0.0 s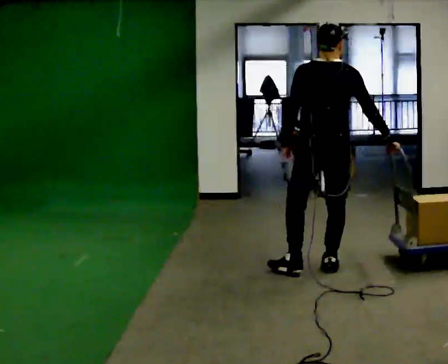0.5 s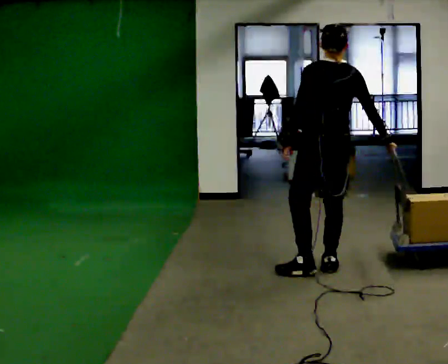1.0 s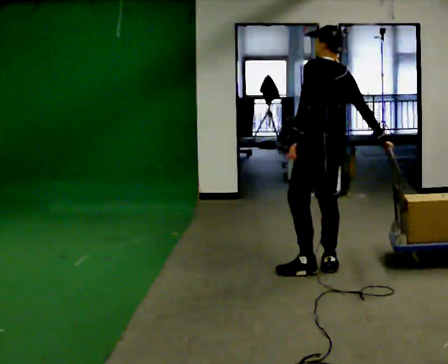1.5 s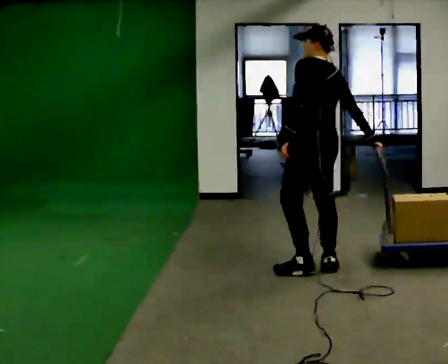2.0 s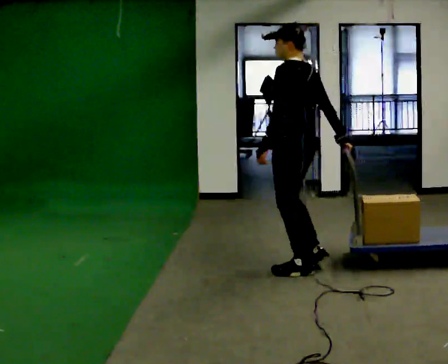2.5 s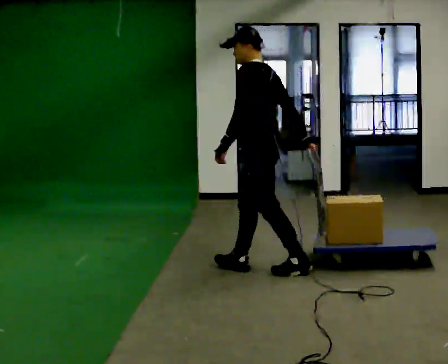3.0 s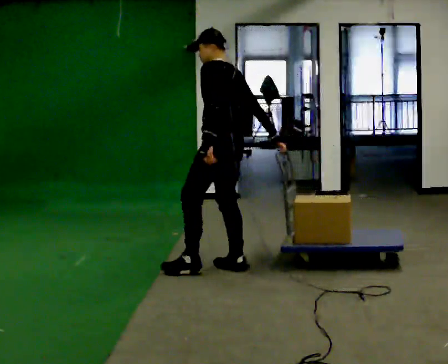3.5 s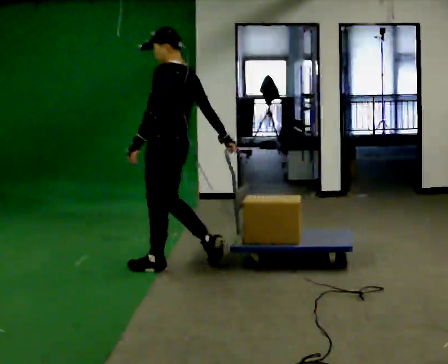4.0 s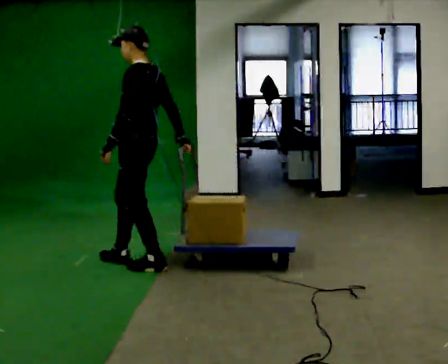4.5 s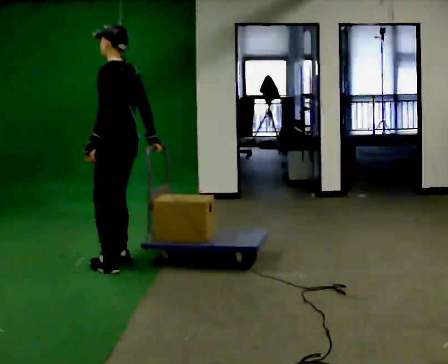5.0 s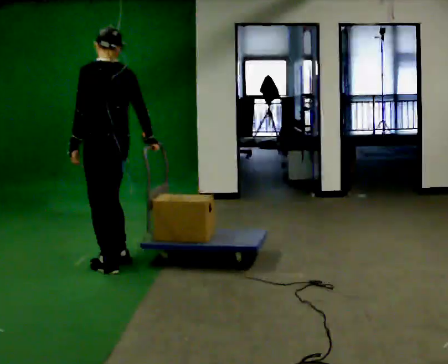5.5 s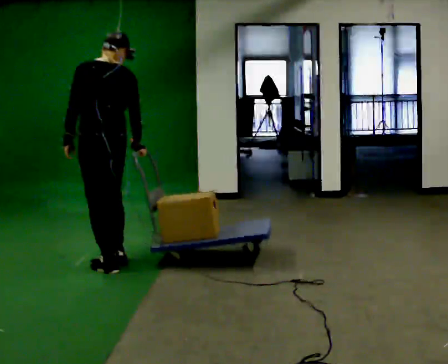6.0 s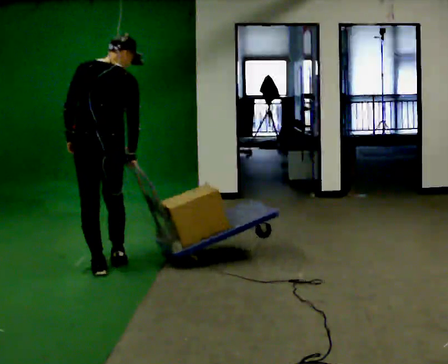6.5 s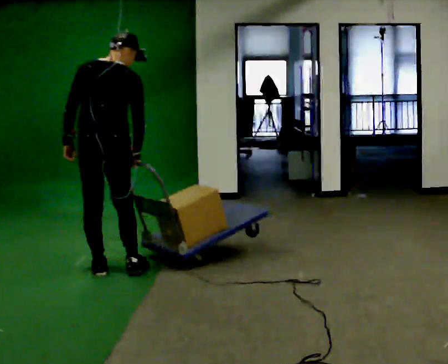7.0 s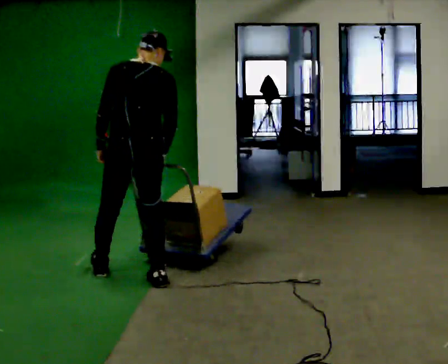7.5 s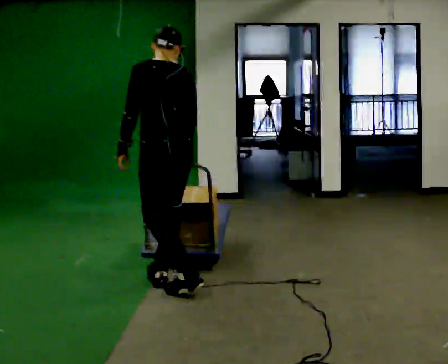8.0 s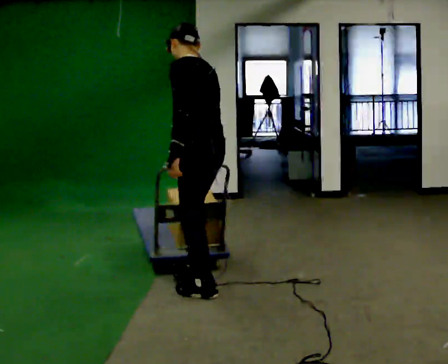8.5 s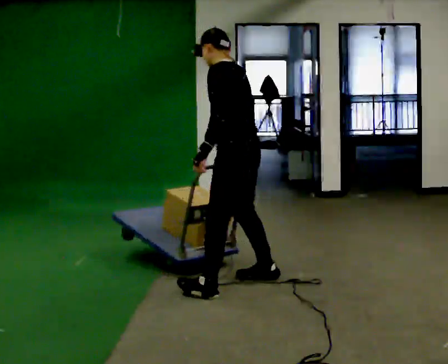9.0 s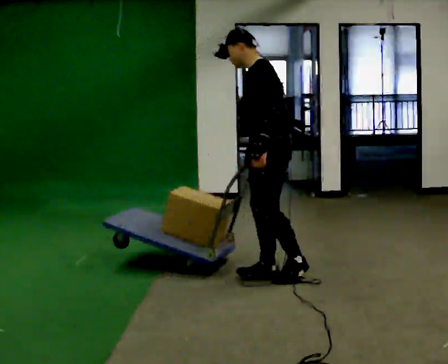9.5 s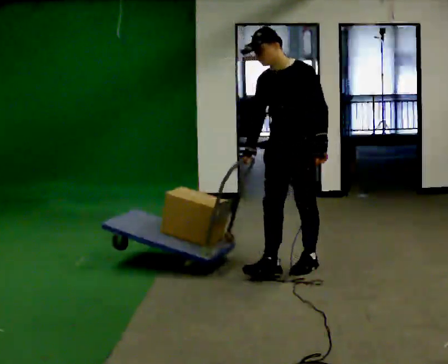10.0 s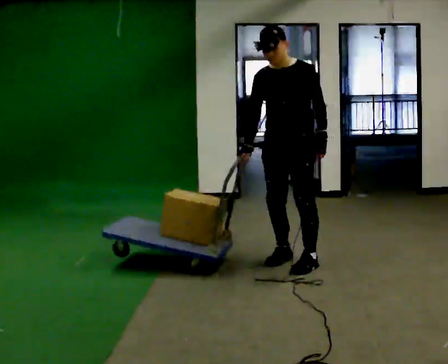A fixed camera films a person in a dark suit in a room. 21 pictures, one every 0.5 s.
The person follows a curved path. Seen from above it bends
counterclockwise.
0.0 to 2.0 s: The part of the body nearest the lens slides to the right as the person turns to their left by about 60 degrees. In the picture they go to the left, about 0.25 m in 1 step, which for them is to their left.
2.0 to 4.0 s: The person turns about 30 degrees to their left, counterclockwise seen from above, so the part of the body nearest the lens slides to the right. In the picture they go to the left, about 1 m in 3 steps, which for them is forward.
4.0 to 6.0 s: Seen from above the body turns clockwise, about 75 degrees: to their right, with its near side sliding to the left. In the picture they go to the left, about 0.25 m in 1 step.
6.0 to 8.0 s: The person turns about 60 degrees to their left, counterclockwise seen from above, so the part of the body nearest the lens slides to the right. In the picture they go to the right and toward the camera, about 1 m in 2 steps.
8.0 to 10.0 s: The part of the body nearest the lens slides to the right as the person turns to their left by about 90 degrees. In the picture they go to the right and away from the camera, about 1 m in 3 steps.
The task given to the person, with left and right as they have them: Pull the cart behind you as you walk backward across the room. The operator will confirm the space behind you is clear before each take.
The film runs forward here.
